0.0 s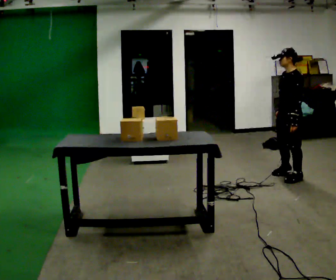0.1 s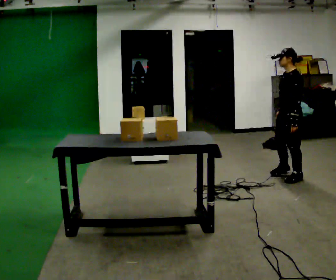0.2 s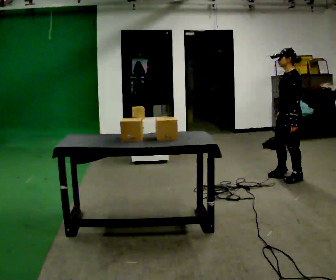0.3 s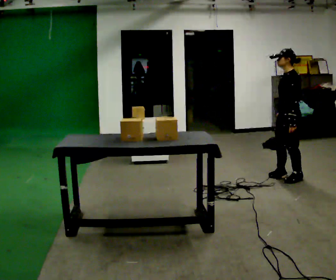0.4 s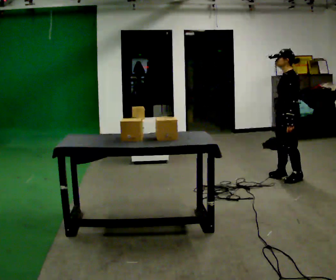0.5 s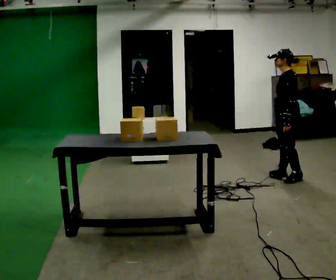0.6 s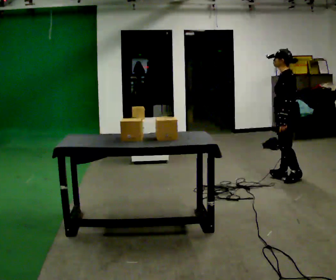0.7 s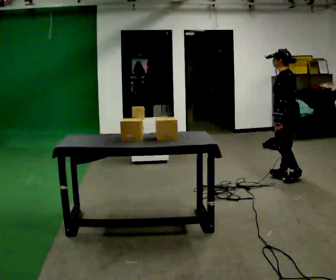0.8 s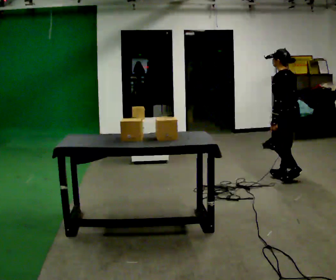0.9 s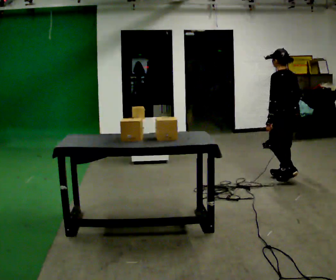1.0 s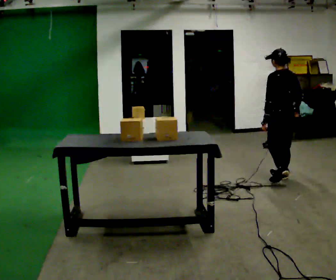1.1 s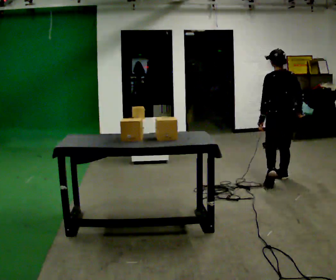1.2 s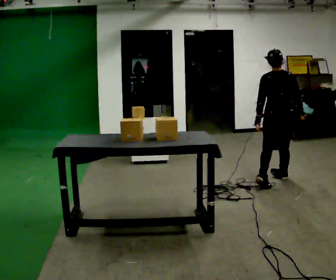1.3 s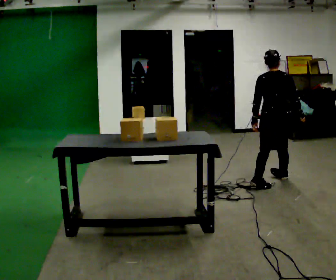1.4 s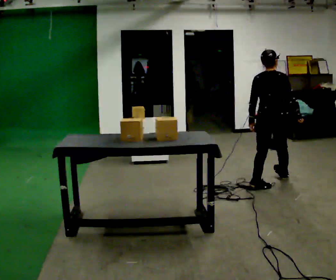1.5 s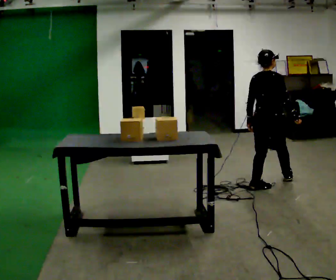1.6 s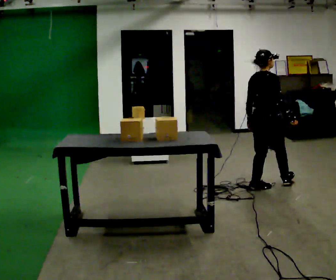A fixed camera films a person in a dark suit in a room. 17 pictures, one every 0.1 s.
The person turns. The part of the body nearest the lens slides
to the left.
The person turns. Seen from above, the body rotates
clockwise.
0.0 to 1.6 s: The person turns about 150 degrees to their right, clockwise seen from above, so the part of the body nearest the lens slides to the left. In the picture they go toward the camera and to the left, about 0.5 m in 3 steps.
The film runs backward here.
